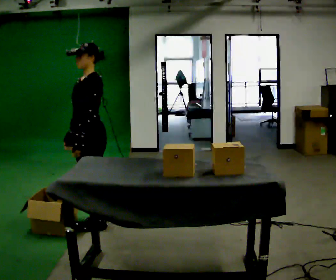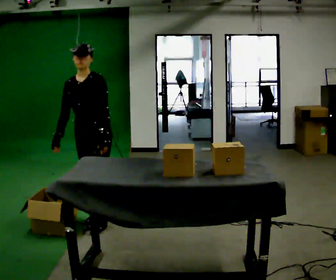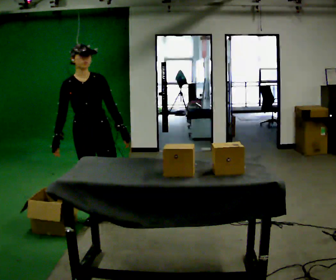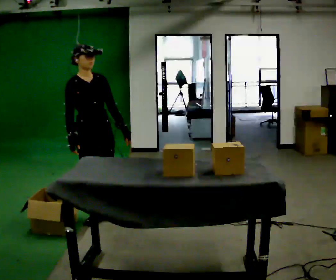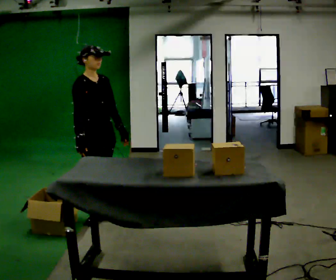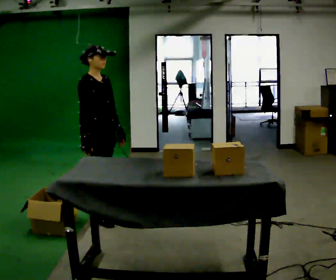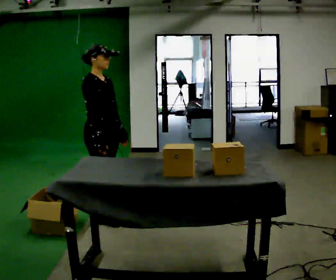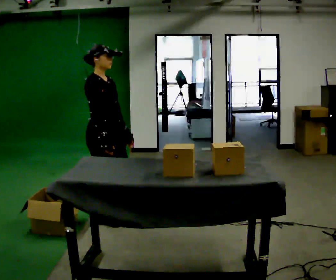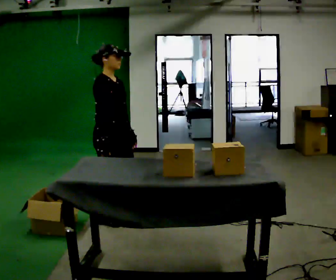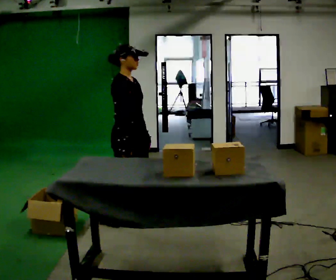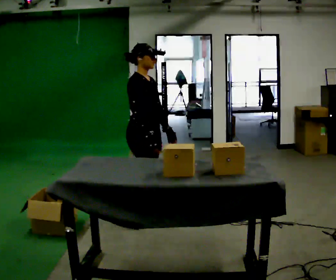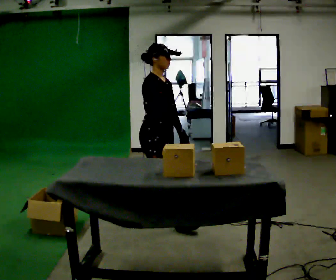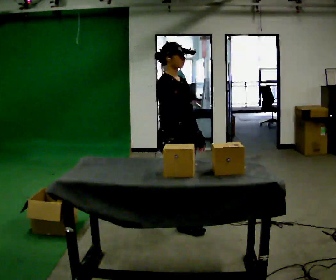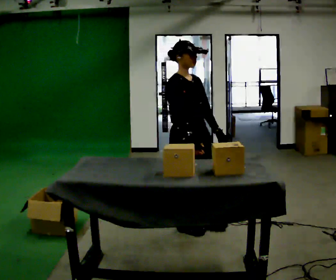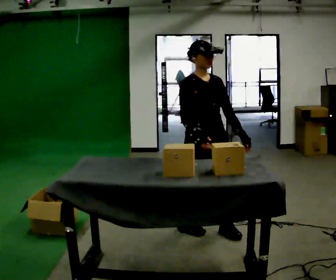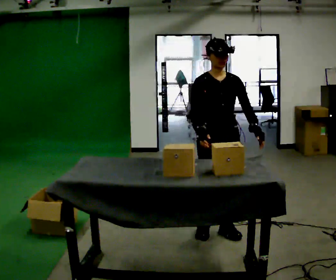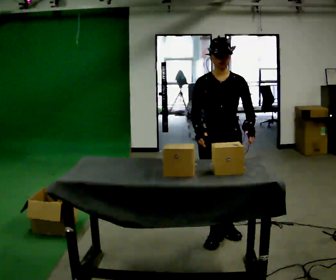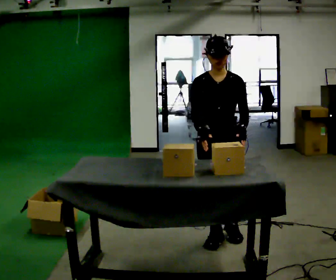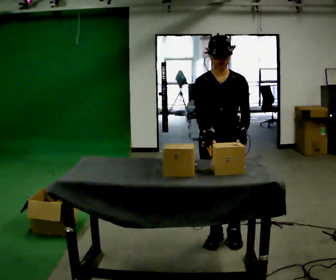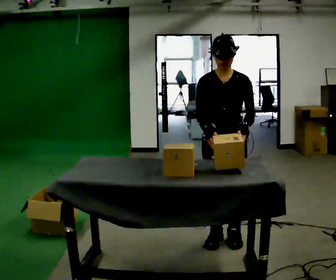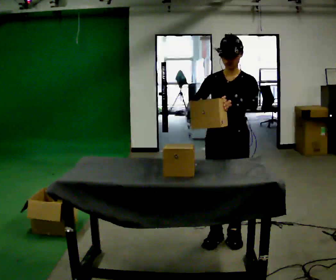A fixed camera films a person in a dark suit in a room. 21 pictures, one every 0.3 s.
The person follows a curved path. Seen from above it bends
clockwise.
The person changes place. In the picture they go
to the right.
0.0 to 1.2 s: The part of the body nearest the lens slides to the right as the person turns to their left by about 105 degrees. In the picture they go away from the camera, about 0.25 m in 1 step.
1.2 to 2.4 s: In the picture they go toward the camera and to the right, about 0.25 m, which for them is forward.
2.4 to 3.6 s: In the picture they go to the right, about 0.5 m in 2 steps, which for them is forward.
3.6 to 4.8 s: The part of the body nearest the lens slides to the left as the person turns to their right by about 75 degrees. In the picture they go to the right and toward the camera, about 0.5 m in 2 steps.
4.8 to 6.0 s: The person moves a little, or ends about where they began.
The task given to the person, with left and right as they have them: Carry each object across the room and drop it into the container on the floor, then walk back for the next one. Keep going until the operator says stop; one object at a time, and do not rush between trips.
The film runs forward here.
